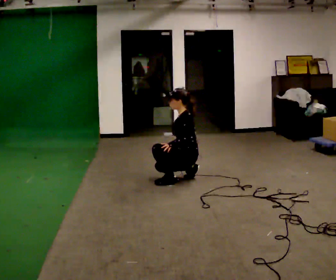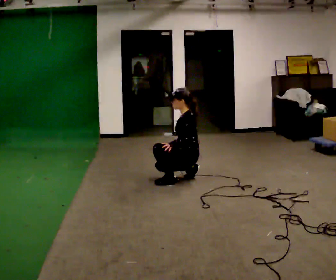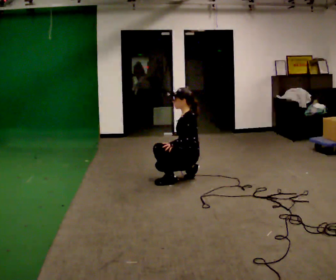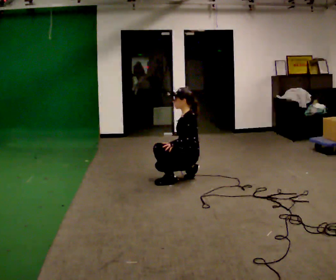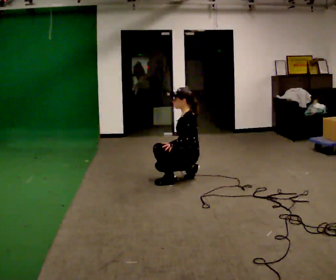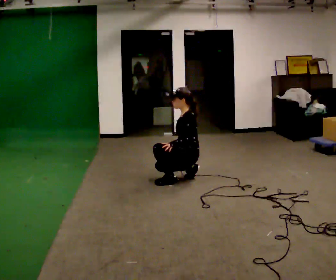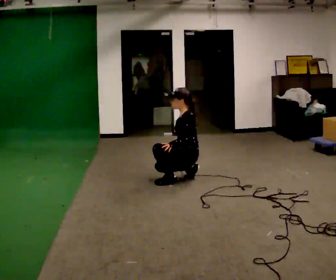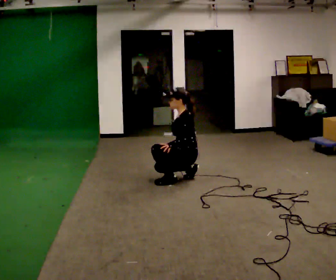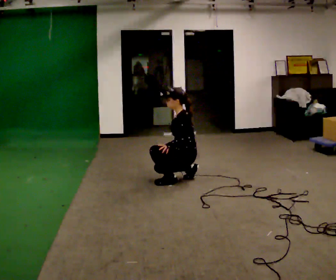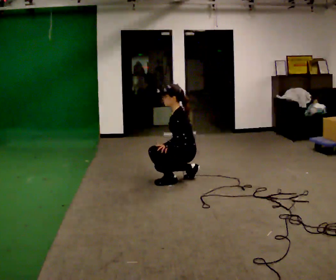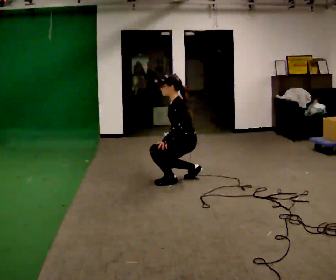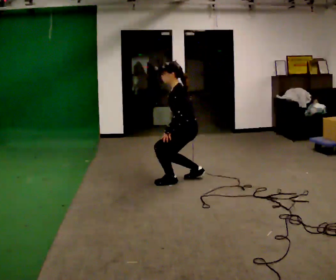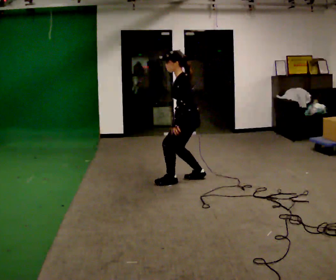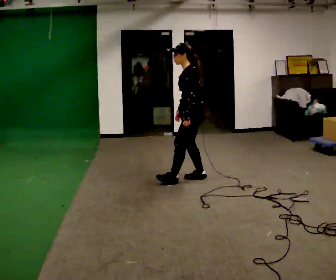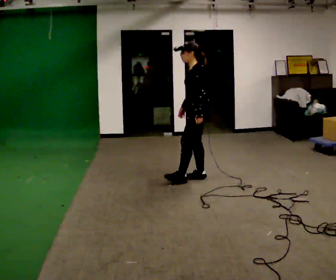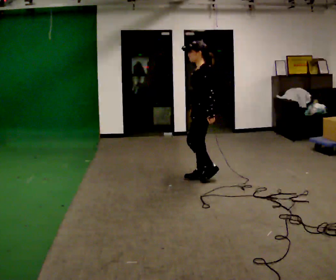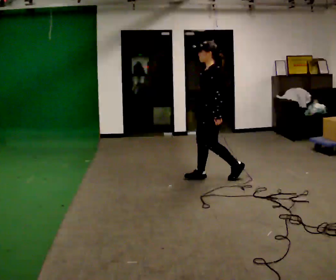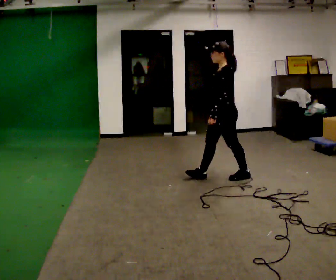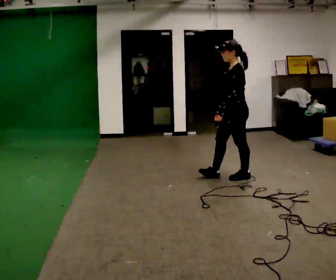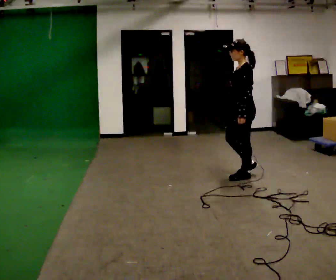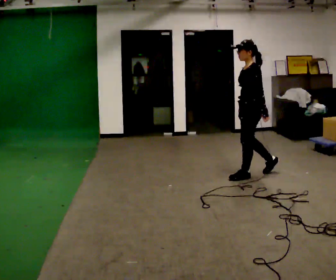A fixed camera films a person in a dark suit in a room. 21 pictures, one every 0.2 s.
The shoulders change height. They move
upward.
Their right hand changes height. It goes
upward.
0.0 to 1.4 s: The person moves a little, or ends about where they began.
1.4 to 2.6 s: The shoulders move upward. In the picture their left hand goes upward.
2.6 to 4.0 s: In the picture they go to the right, about 0.75 m in 2 steps, which for them is backward.
The film runs backward here.
